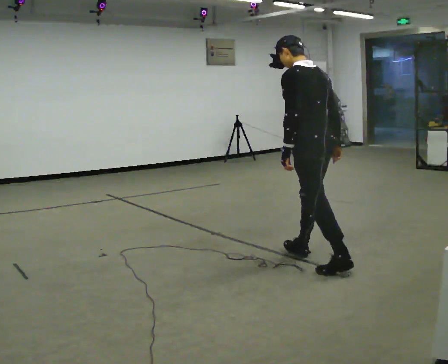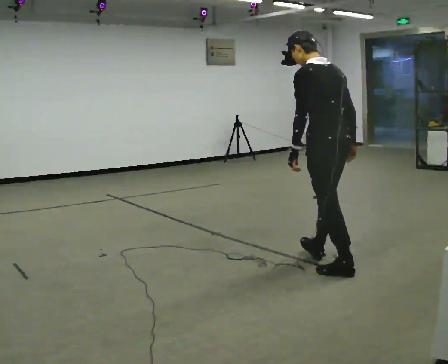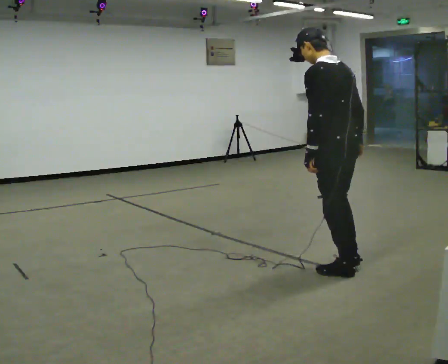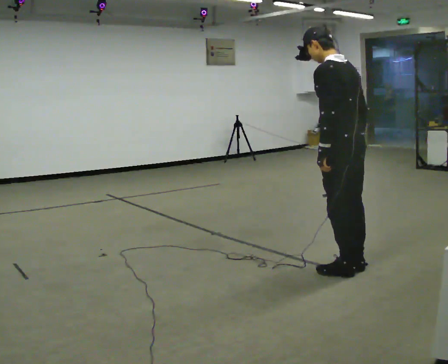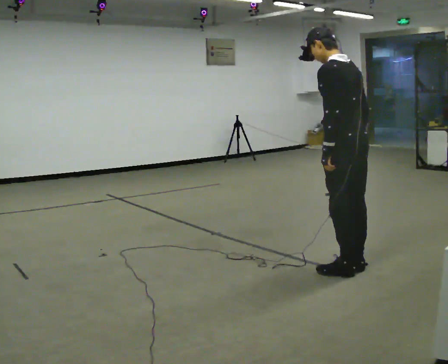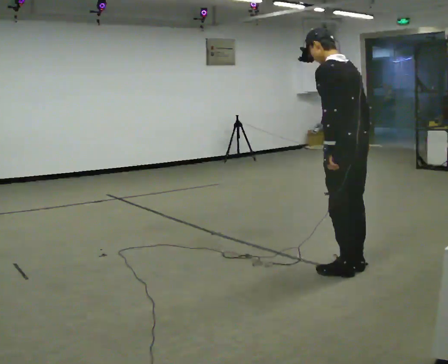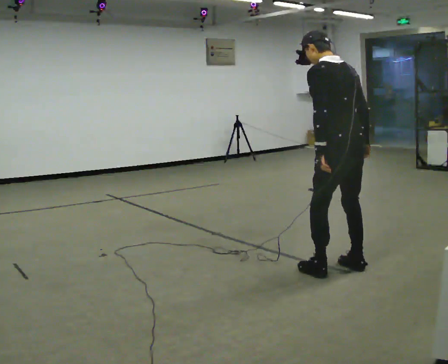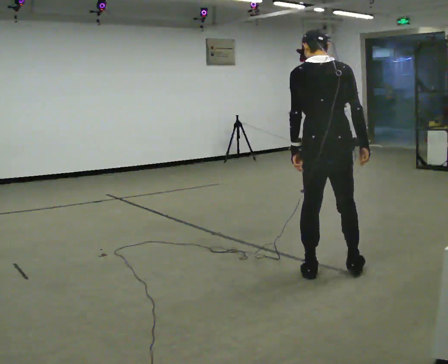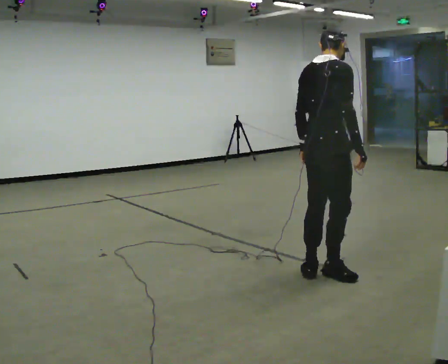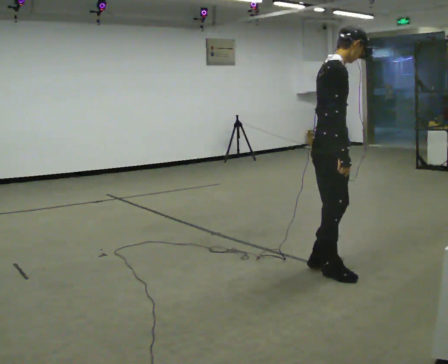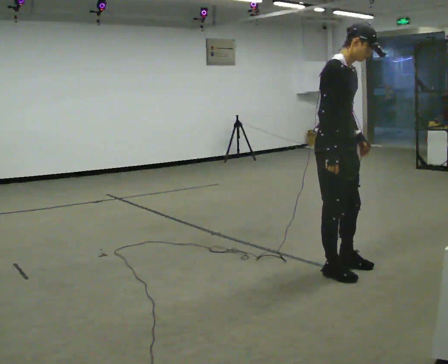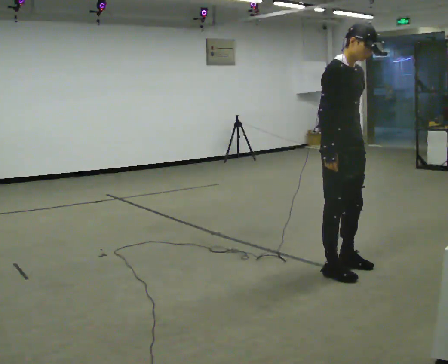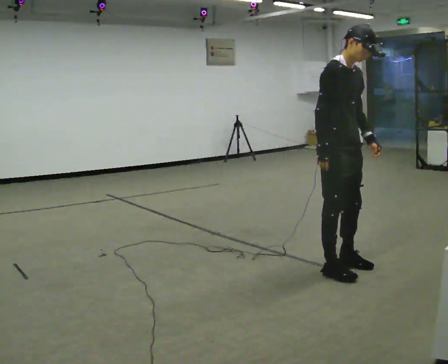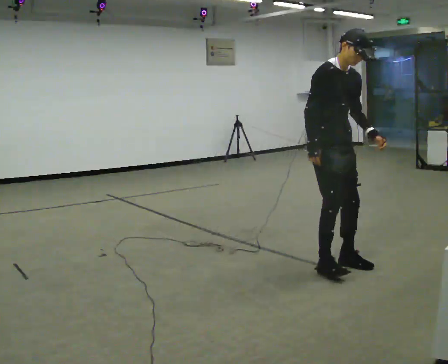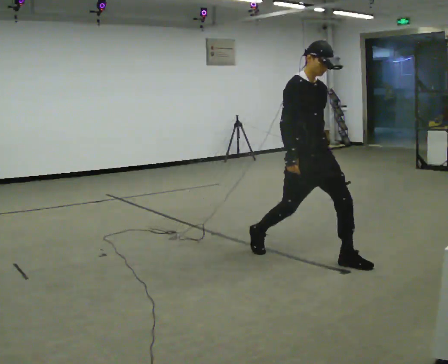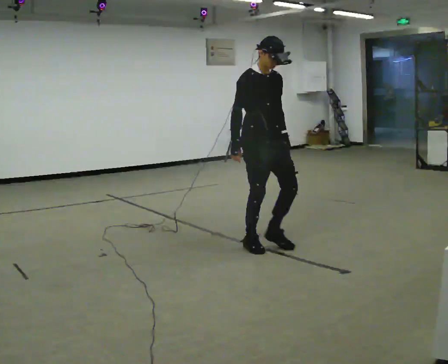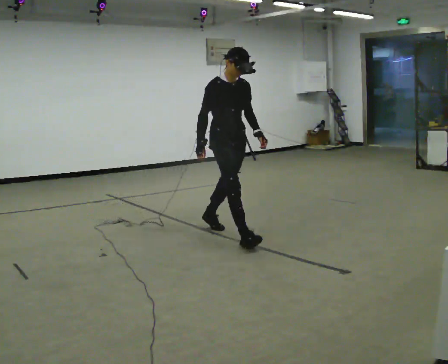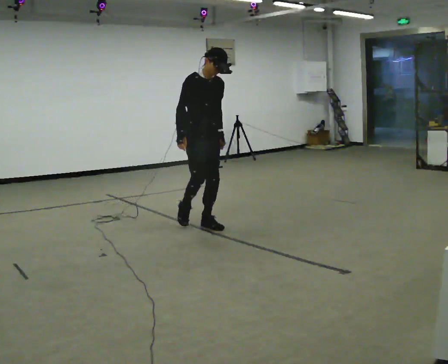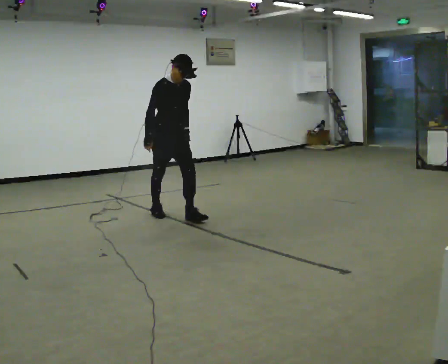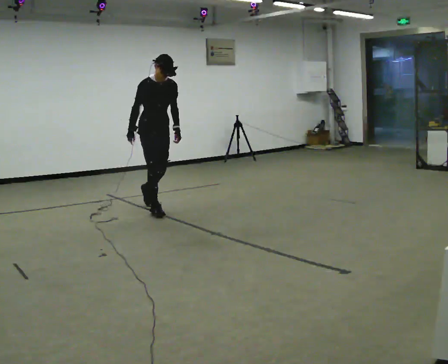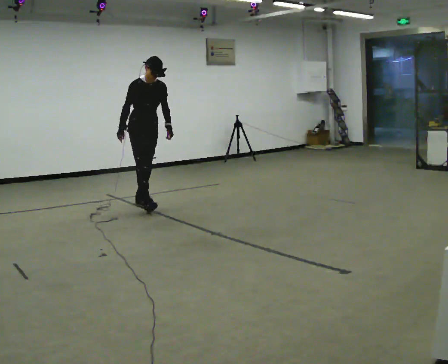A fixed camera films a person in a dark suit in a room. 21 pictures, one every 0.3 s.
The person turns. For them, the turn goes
to their right.
The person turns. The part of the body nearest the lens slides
to the left.
0.0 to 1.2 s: In the picture they go to the right and toward the camera, about 0.25 m in 1 step, which for them is backward.
1.2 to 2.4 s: The person turns about 90 degrees to their right, clockwise seen from above, so the part of the body nearest the lens slides to the left. In the picture they go to the left, about 0.25 m in 2 steps. In the picture the upper body tilts clockwise, shoulders to the right.
2.4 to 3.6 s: The part of the body nearest the lens slides to the left as the person turns to their right by about 90 degrees. In the picture they go away from the camera, about 0.25 m in 1 step. In the picture their left hand goes to the right.
3.6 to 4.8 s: In the picture they go away from the camera and to the left, about 1 m in 3 steps, which for them is backward.
4.8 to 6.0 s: In the picture they go away from the camera and to the left, about 1.5 m in 2 steps, which for them is backward.
The film runs backward here.
